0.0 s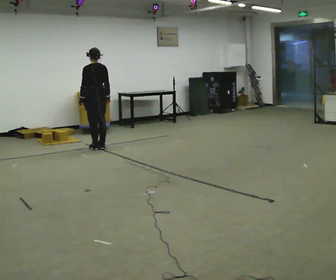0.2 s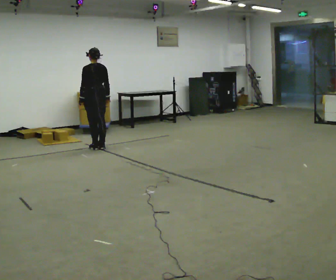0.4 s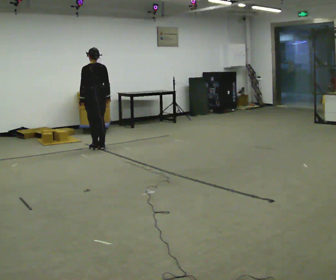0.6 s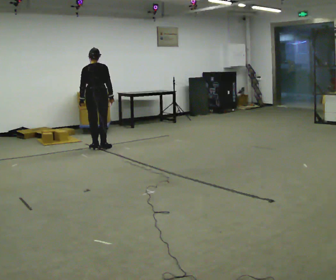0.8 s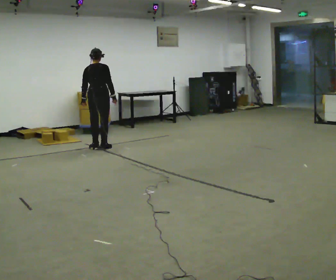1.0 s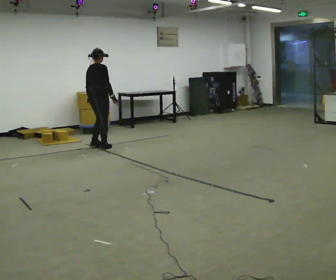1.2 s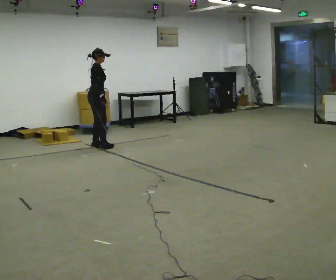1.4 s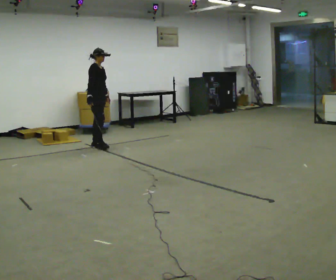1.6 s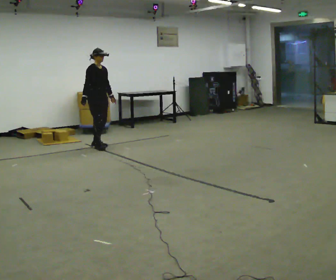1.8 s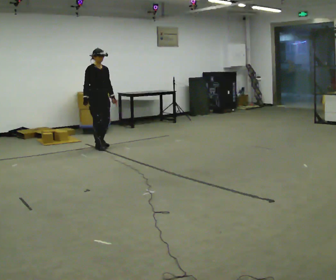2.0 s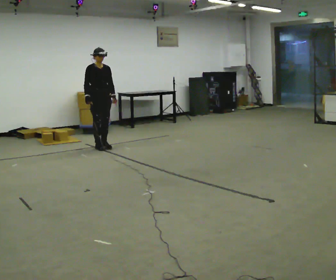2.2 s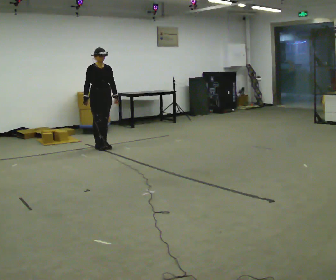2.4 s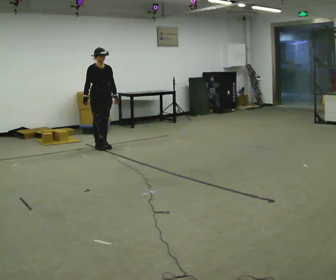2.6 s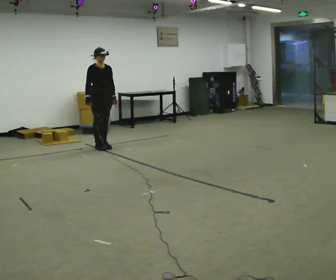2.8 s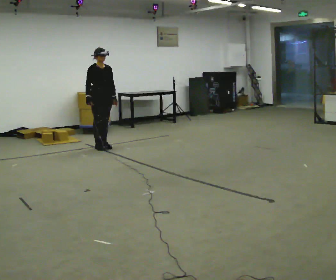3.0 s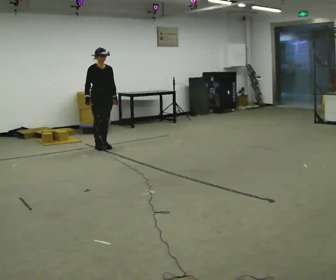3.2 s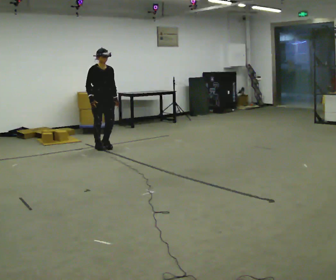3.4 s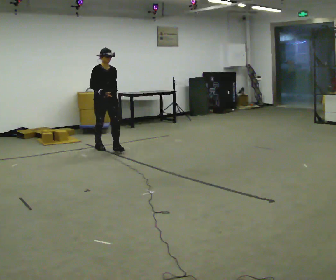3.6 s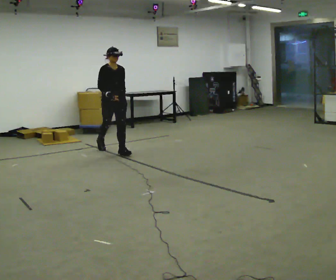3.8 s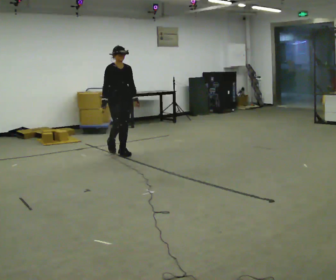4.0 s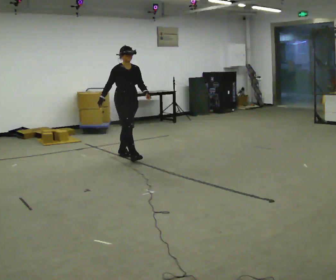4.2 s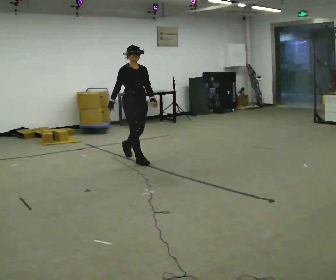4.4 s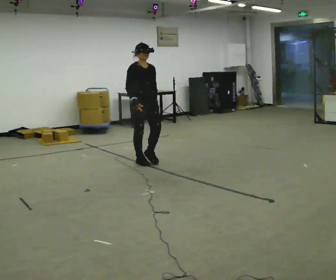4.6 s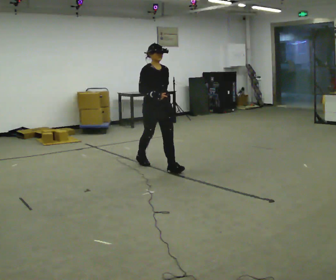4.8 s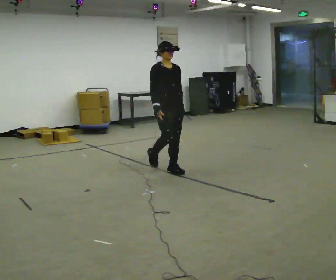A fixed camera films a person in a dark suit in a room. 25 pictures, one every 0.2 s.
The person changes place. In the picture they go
toward the camera.
The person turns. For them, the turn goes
to their right.
0.0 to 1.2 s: The person turns about 120 degrees to their right, clockwise seen from above, so the part of the body nearest the lens slides to the left.
1.2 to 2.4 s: The part of the body nearest the lens slides to the left as the person turns to their right by about 60 degrees.
2.4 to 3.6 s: In the picture they go toward the camera and to the right, about 0.5 m in 1 step, which for them is forward.
3.6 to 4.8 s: In the picture they go toward the camera and to the right, about 1.5 m in 2 steps, which for them is forward.
The film runs forward here.
